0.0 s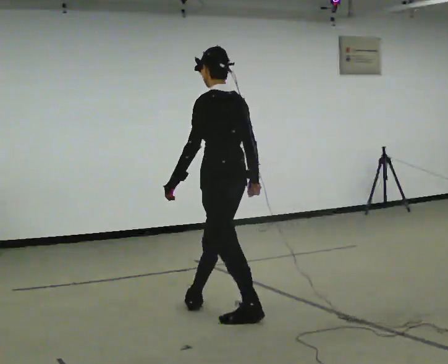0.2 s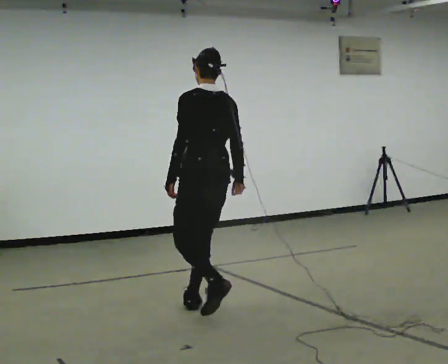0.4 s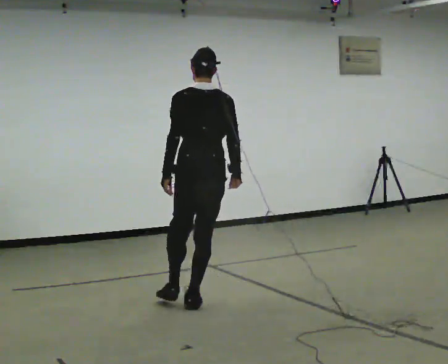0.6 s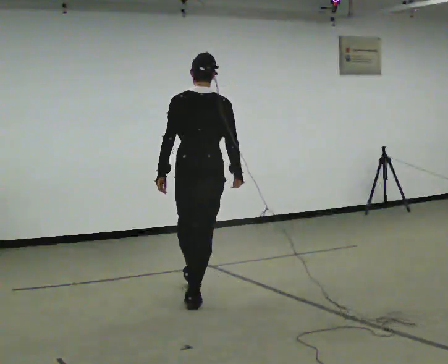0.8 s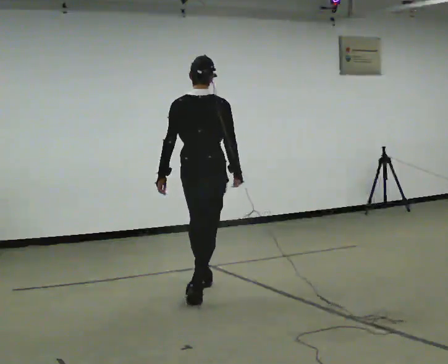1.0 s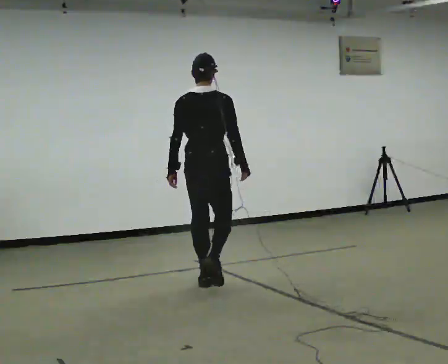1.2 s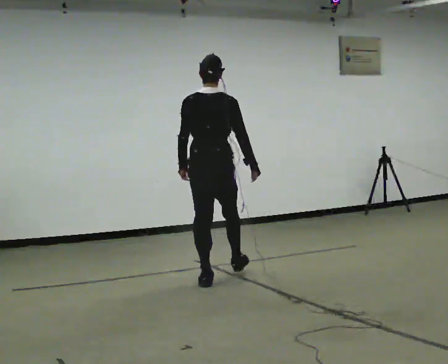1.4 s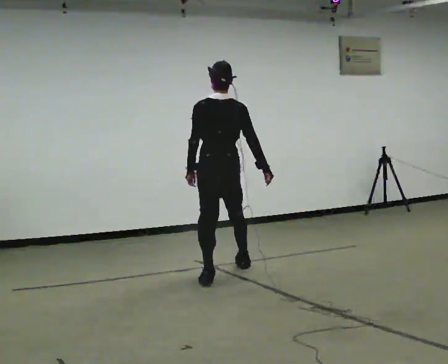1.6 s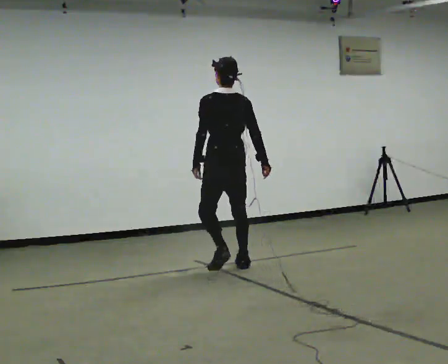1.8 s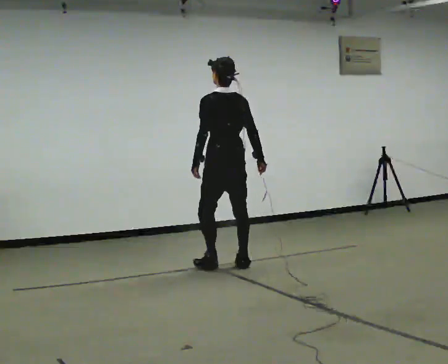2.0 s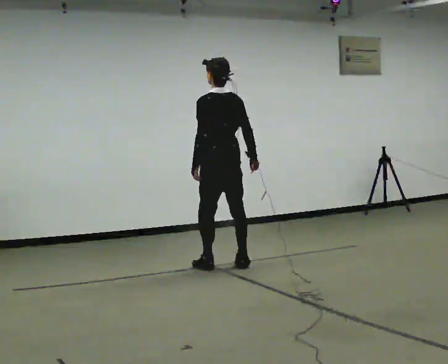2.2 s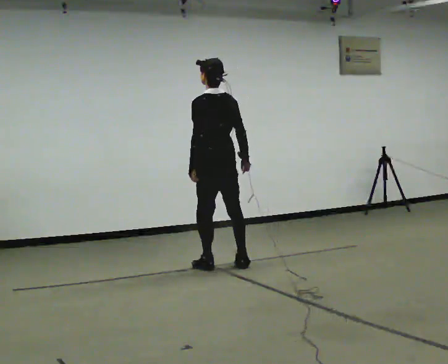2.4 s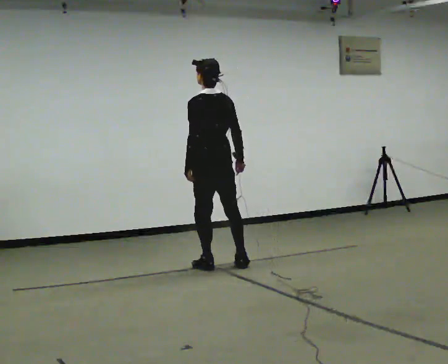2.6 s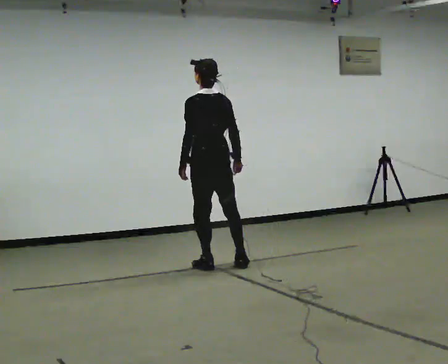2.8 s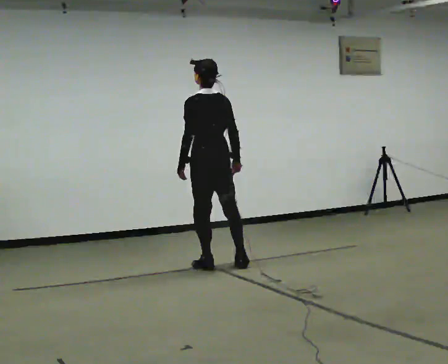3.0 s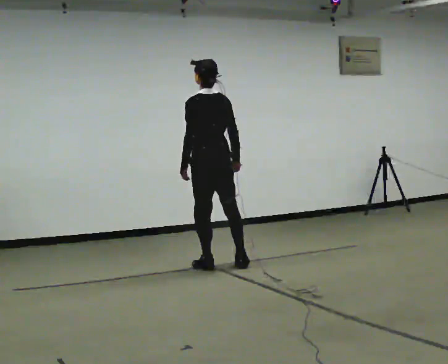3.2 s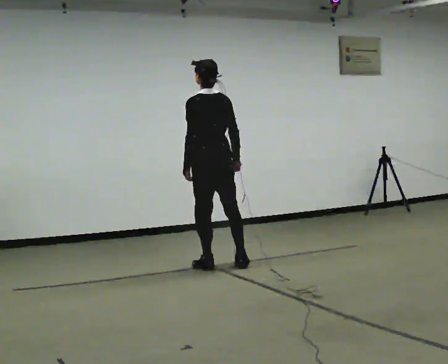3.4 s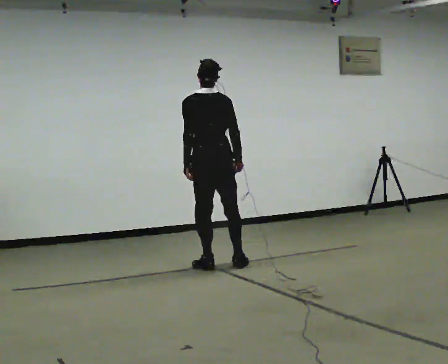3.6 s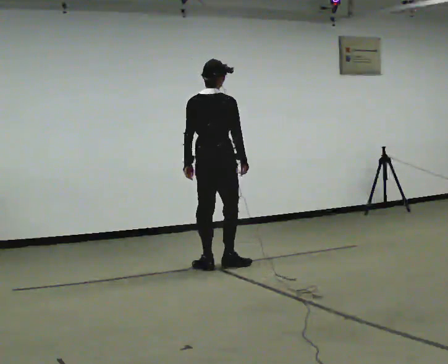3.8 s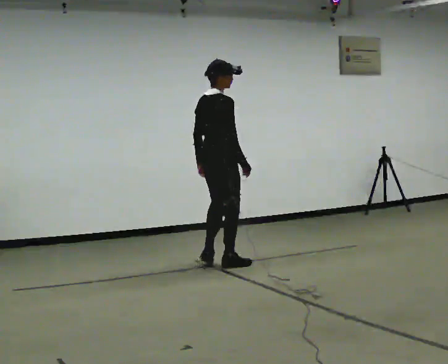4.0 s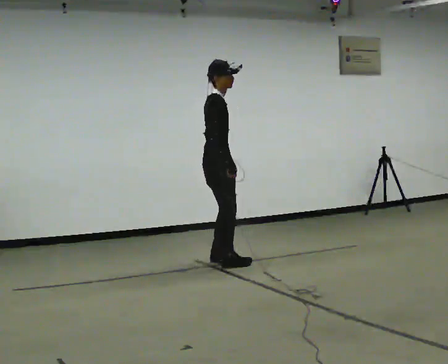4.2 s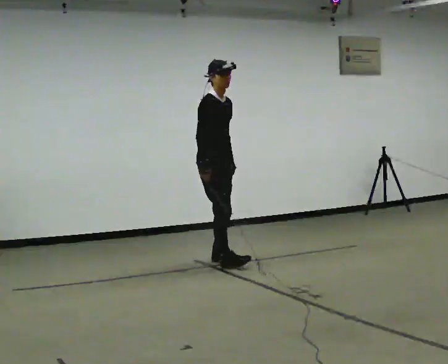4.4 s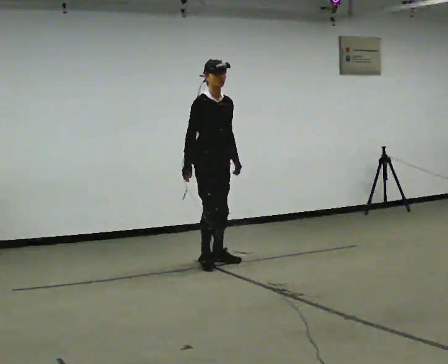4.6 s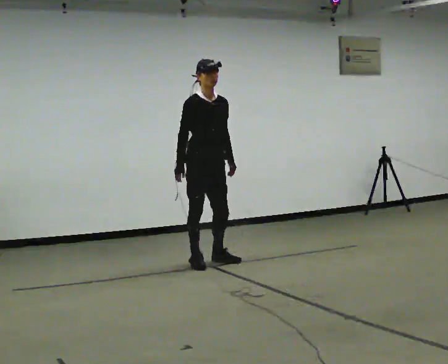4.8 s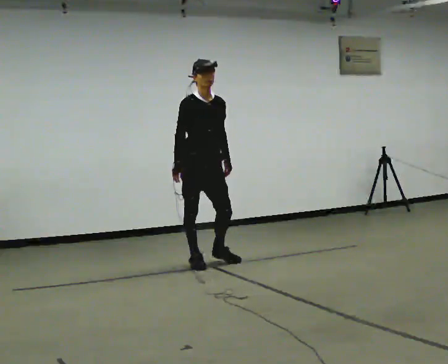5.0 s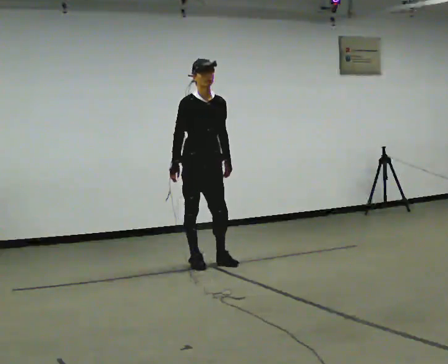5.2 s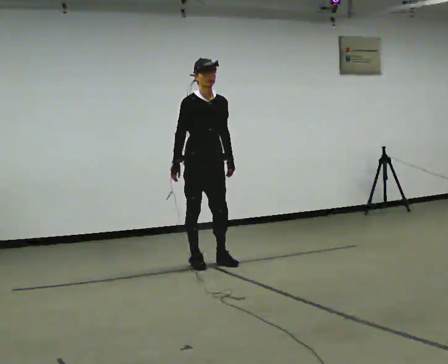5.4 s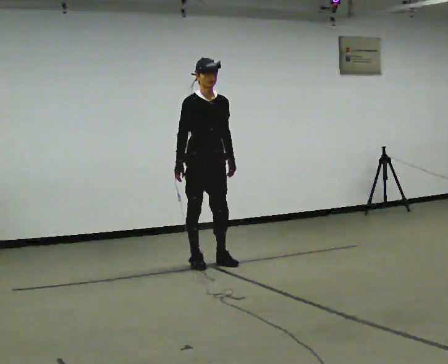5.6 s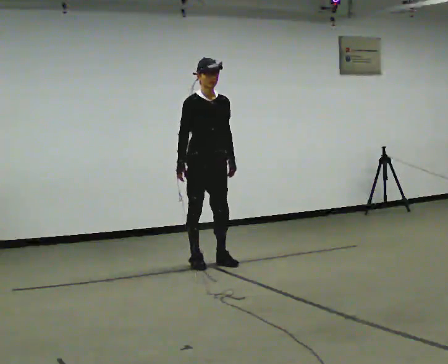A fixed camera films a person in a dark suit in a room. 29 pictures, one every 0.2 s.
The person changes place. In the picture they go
away from the camera.
0.0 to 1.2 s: The person turns about 45 degrees to their right, clockwise seen from above, so the part of the body nearest the lens slides to the left. In the picture they go away from the camera, about 1 m in 1 step, which for them is forward.
1.2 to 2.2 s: The part of the body nearest the lens slides to the right as the person turns to their left by about 30 degrees. In the picture they go away from the camera, about 0.5 m in 2 steps, which for them is forward and to their right.
2.2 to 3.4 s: The person moves a little, or ends about where they began.
3.4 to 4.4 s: Seen from above the body turns clockwise, about 150 degrees: to their right, with its near side sliding to the left. In the picture their right hand goes to the left, the arm swinging clockwise.
4.4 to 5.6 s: The person moves a little, or ends about where they began.
The film runs forward here.
